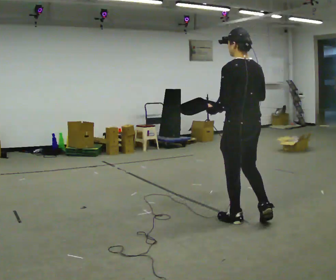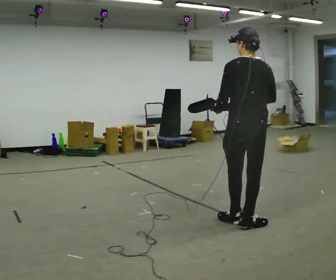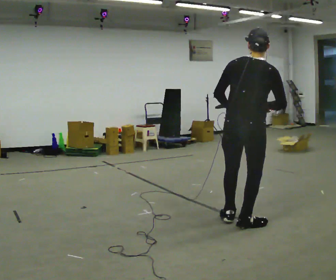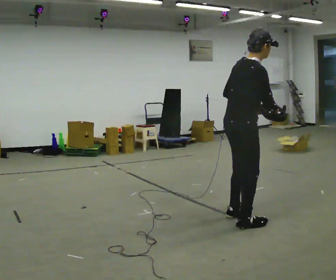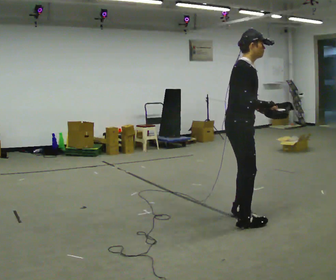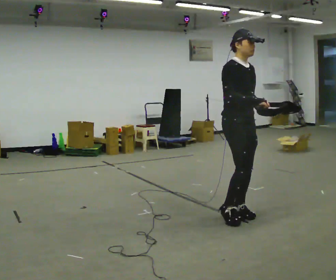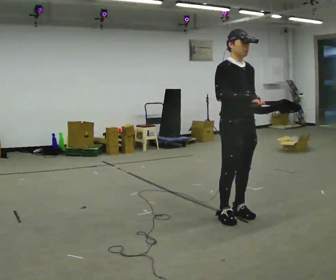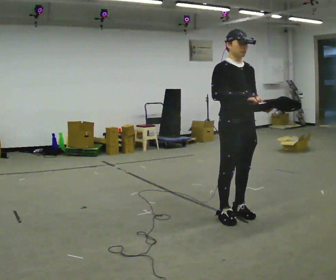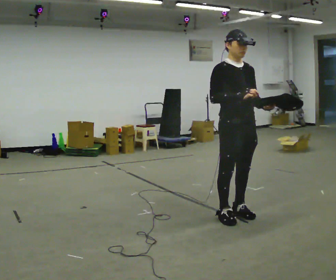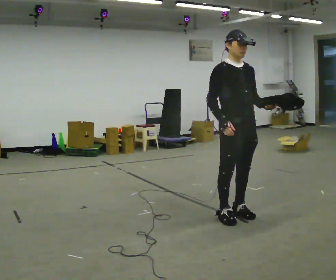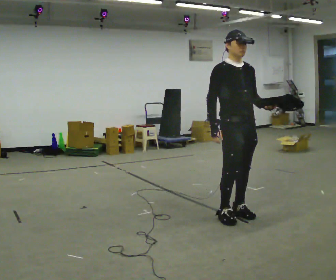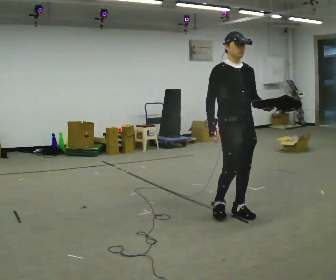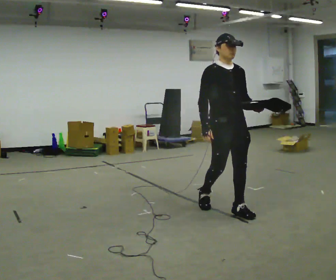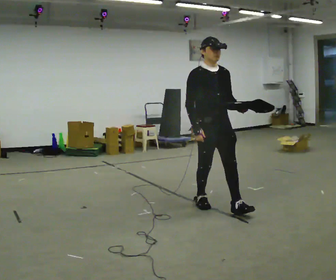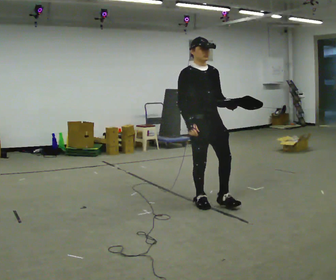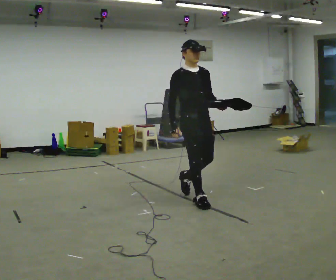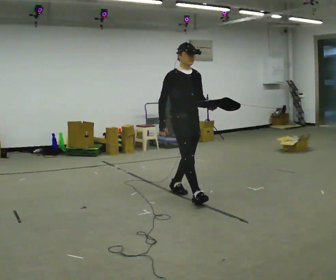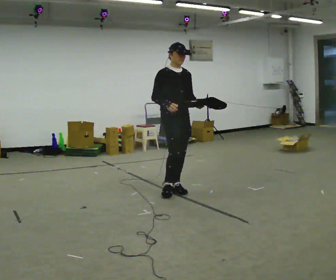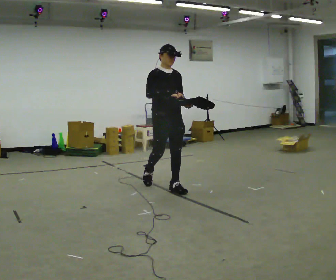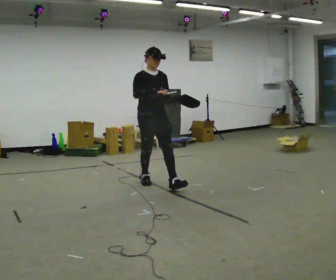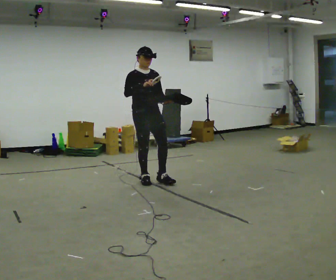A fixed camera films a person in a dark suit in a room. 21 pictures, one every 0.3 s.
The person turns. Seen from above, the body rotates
clockwise.
The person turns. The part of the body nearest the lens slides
to the left.
0.0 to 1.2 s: Seen from above the body turns clockwise, about 135 degrees: to their right, with its near side sliding to the left. In the picture their left hand goes to the right, the arm swinging counterclockwise.
1.2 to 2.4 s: The part of the body nearest the lens slides to the left as the person turns to their right by about 45 degrees.
2.4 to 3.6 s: In the picture they go away from the camera, about 0.25 m in 1 step, which for them is backward. In the picture their right hand goes to the left.
3.6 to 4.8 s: In the picture they go away from the camera and to the left, about 0.5 m in 1 step, which for them is backward.
4.8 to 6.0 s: In the picture they go away from the camera and to the left, about 1 m in 2 steps, which for them is backward. In the picture their right hand goes upward.
The film runs backward here.
